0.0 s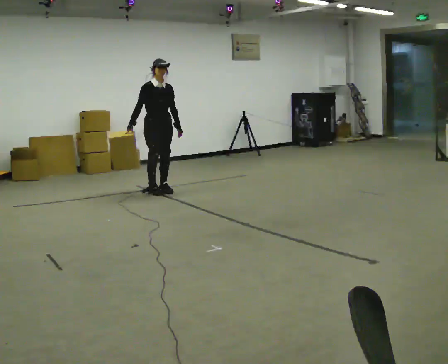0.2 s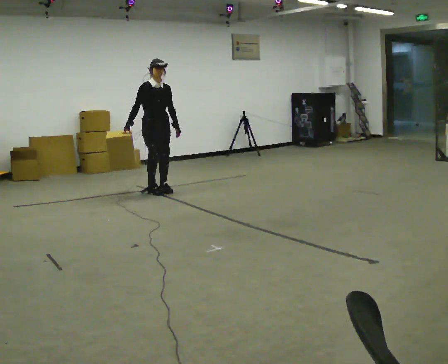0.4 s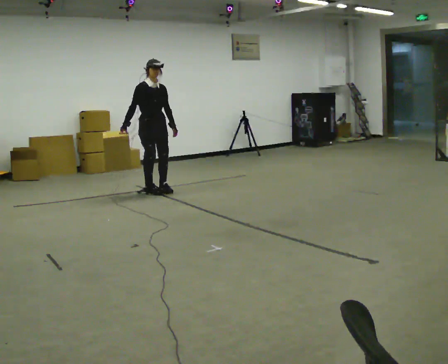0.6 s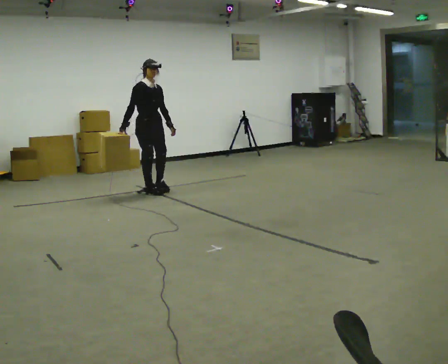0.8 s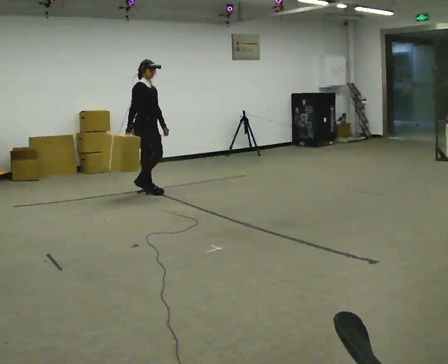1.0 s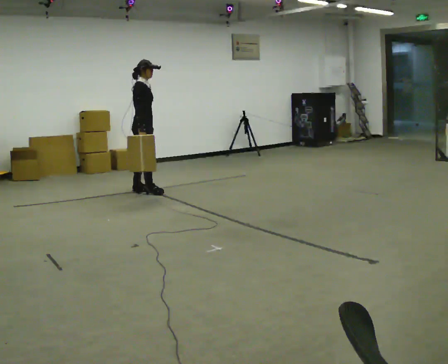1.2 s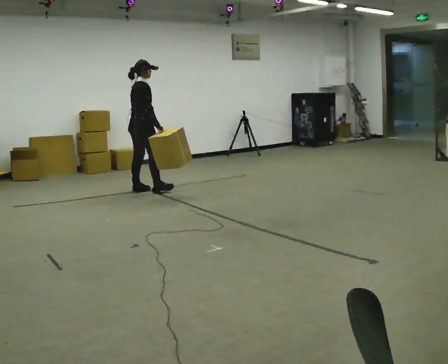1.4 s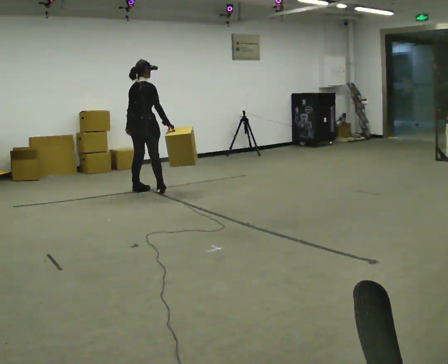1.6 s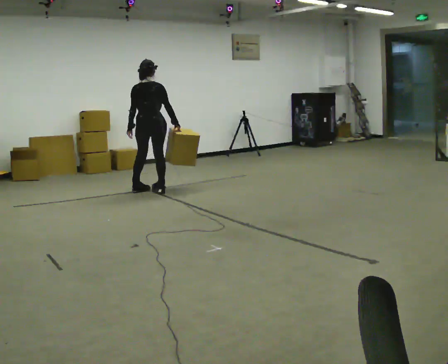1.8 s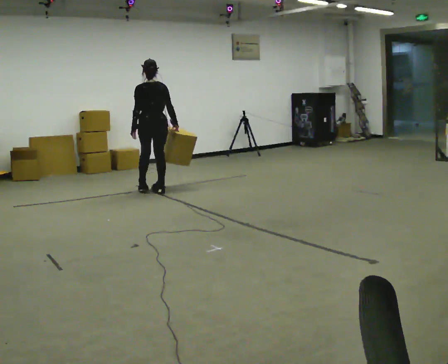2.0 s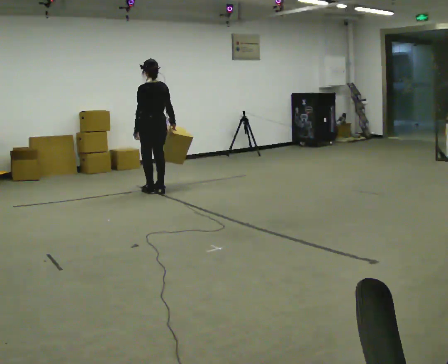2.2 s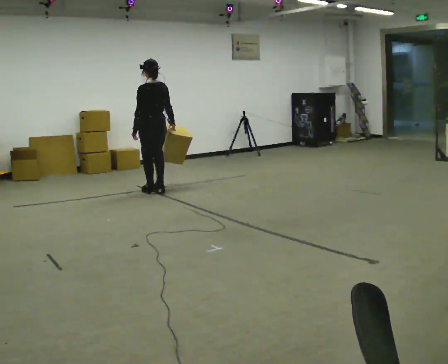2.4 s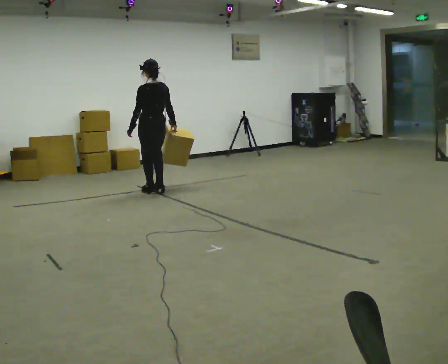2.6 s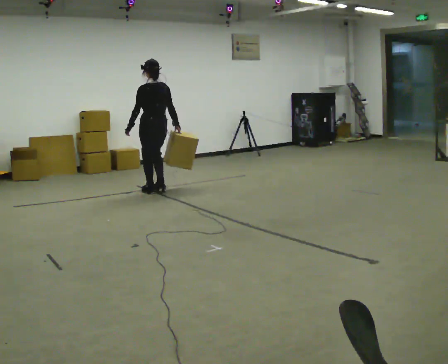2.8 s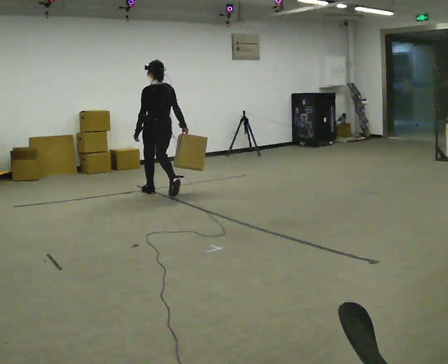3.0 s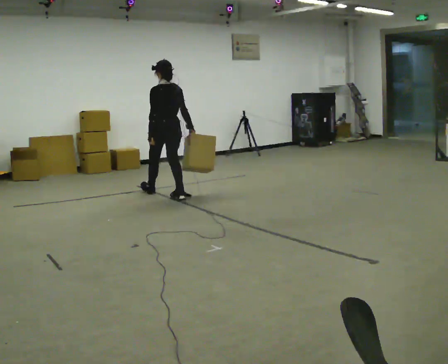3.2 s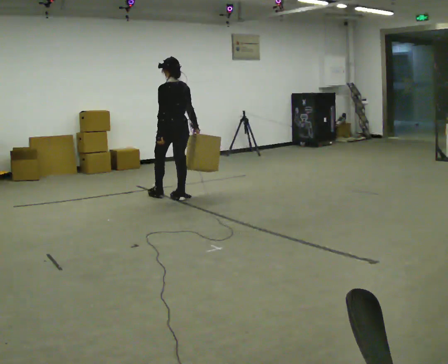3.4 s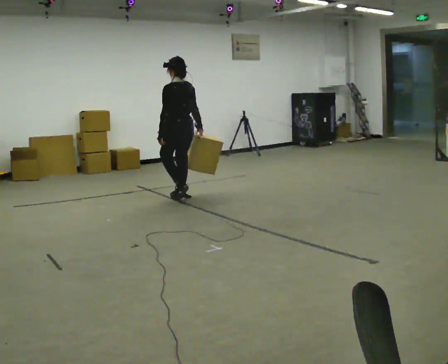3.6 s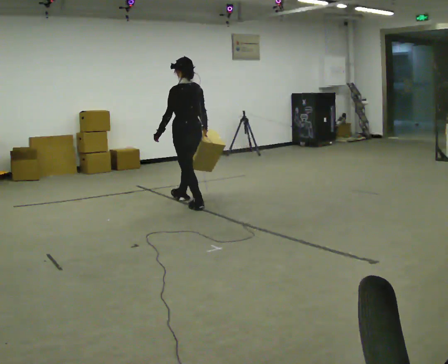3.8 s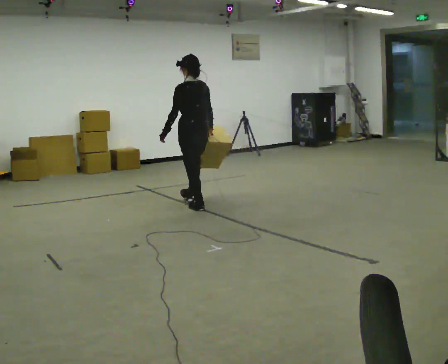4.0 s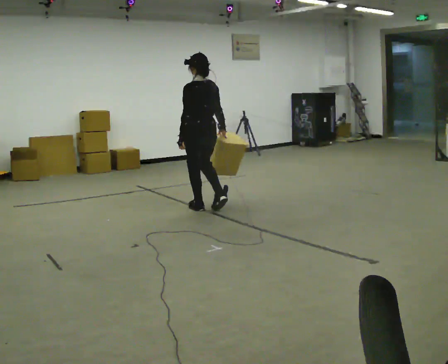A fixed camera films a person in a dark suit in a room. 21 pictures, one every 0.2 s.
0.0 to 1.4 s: Seen from above the body turns counterclockwise, about 120 degrees: to their left, with its near side sliding to the right. In the picture they go to the left, about 0.25 m in 2 steps. In the picture their right hand goes to the right, the arm swinging counterclockwise.
1.4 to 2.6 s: The part of the body nearest the lens slides to the right as the person turns to their left by about 75 degrees. In the picture they go to the right, about 0.25 m in 2 steps.
2.6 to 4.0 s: In the picture they go toward the camera and to the right, about 1 m in 2 steps, which for them is backward.
The film runs backward here.
